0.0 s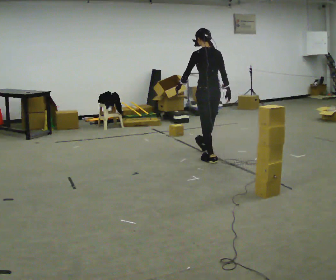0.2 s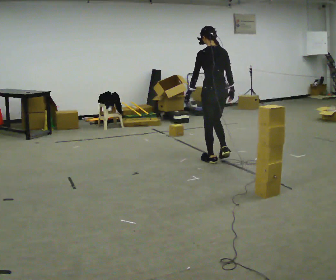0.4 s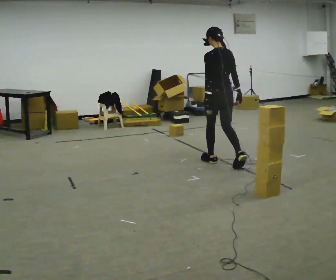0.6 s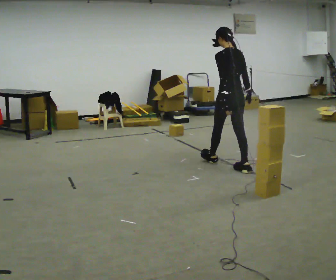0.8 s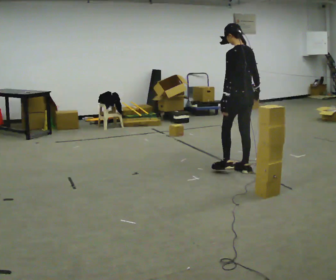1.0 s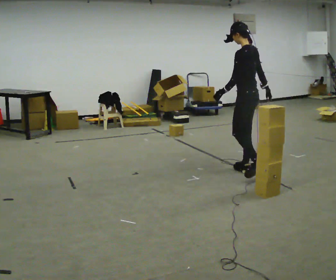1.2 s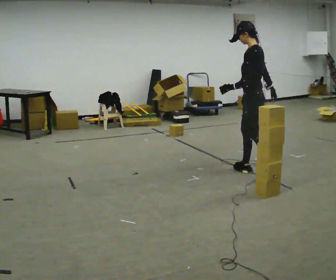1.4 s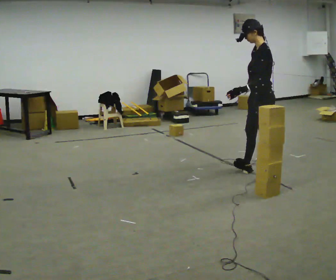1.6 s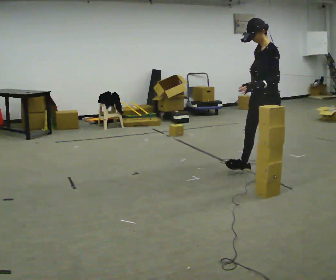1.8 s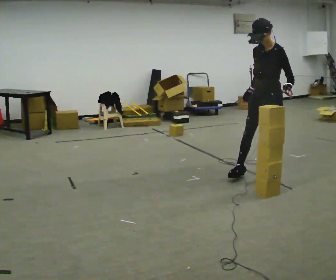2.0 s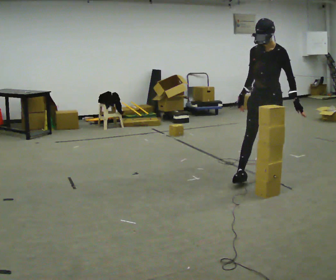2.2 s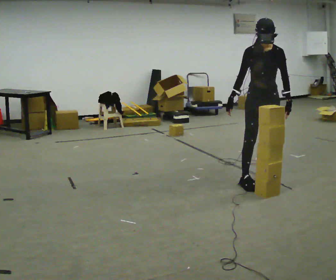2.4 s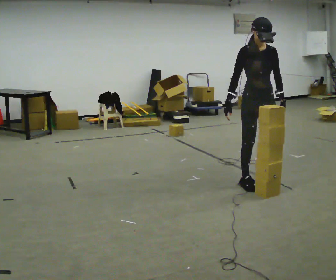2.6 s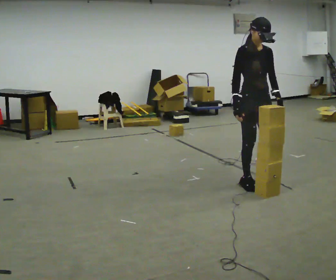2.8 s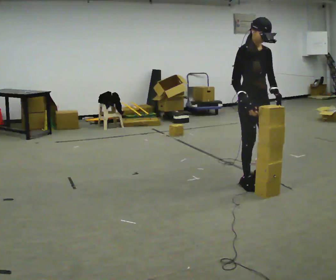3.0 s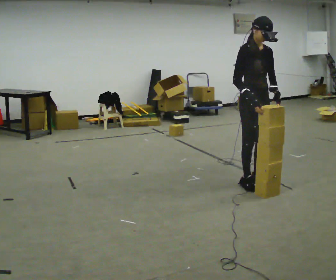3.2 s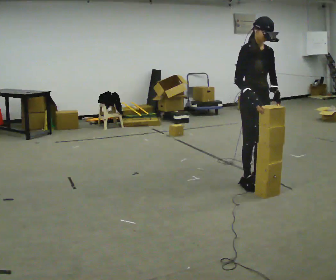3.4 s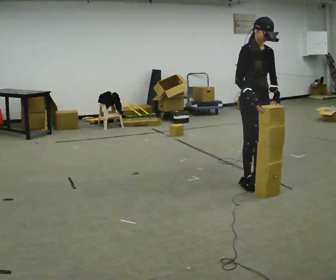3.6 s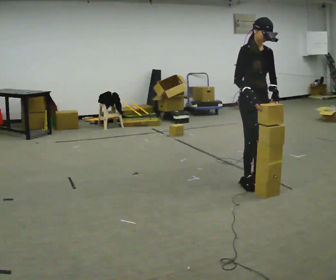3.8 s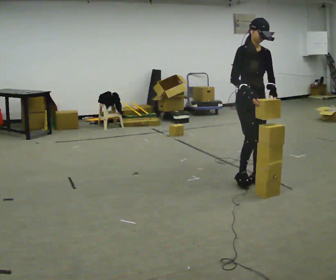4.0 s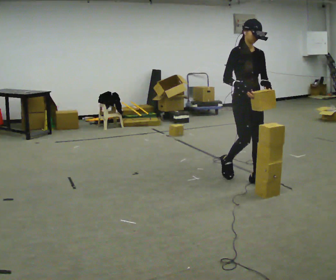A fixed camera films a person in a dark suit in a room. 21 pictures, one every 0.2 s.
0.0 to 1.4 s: The person turns about 60 degrees to their left, counterclockwise seen from above, so the part of the body nearest the lens slides to the right. In the picture they go toward the camera and to the right, about 1 m in 1 step.
1.4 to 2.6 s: The person turns about 120 degrees to their left, counterclockwise seen from above, so the part of the body nearest the lens slides to the right. In the picture they go toward the camera, about 0.25 m in 2 steps. In the picture their right hand goes to the left.
2.6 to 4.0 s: The person moves a little, or ends about where they began.
The film runs backward here.
